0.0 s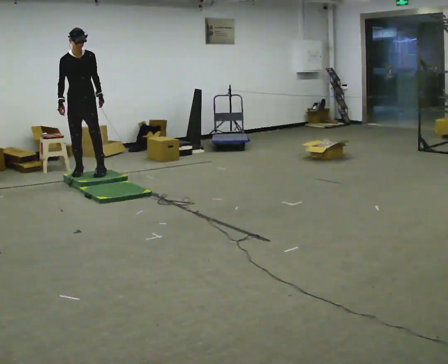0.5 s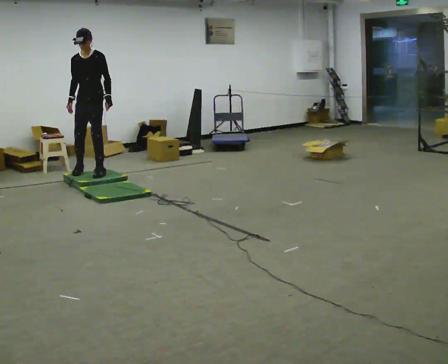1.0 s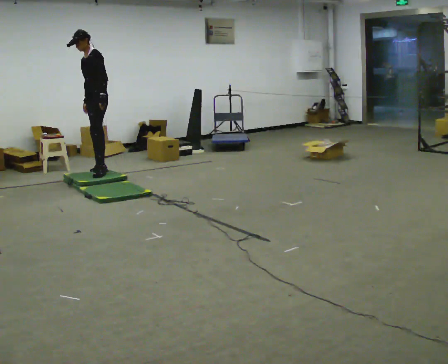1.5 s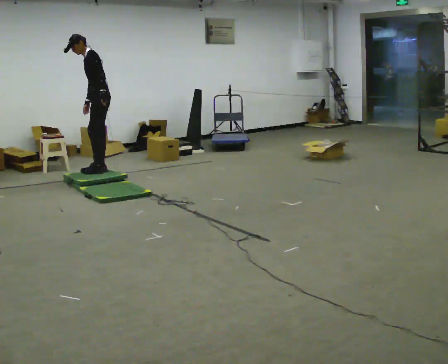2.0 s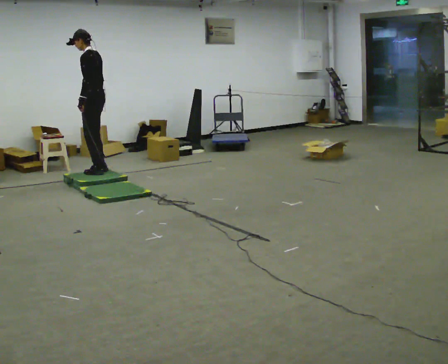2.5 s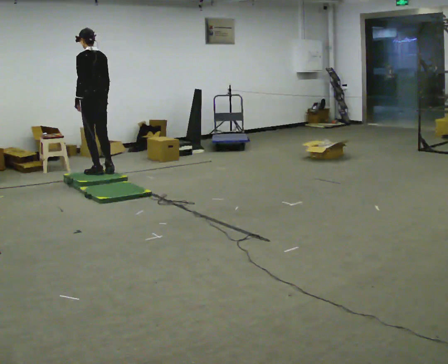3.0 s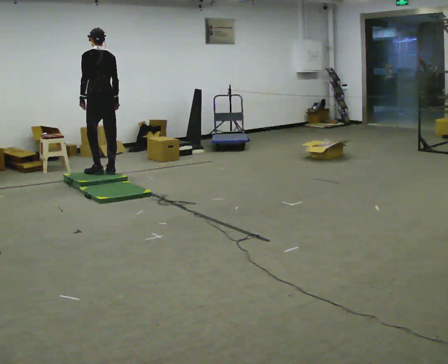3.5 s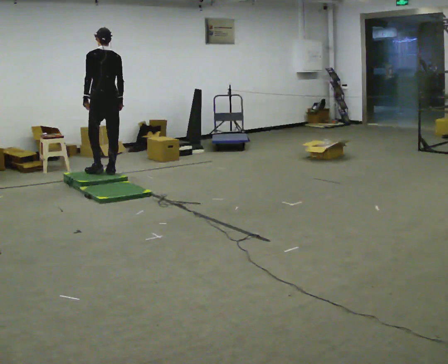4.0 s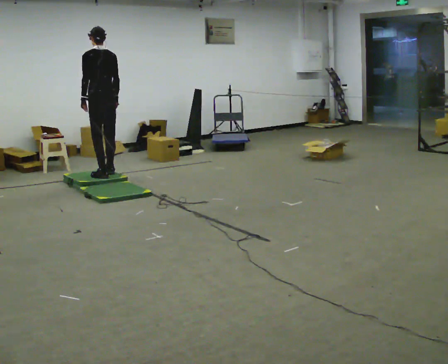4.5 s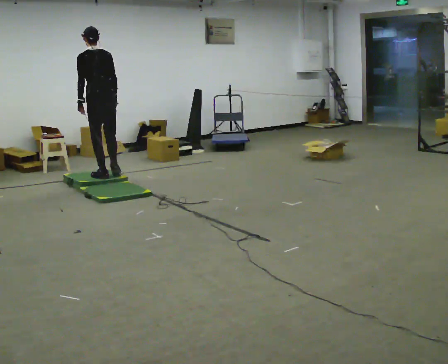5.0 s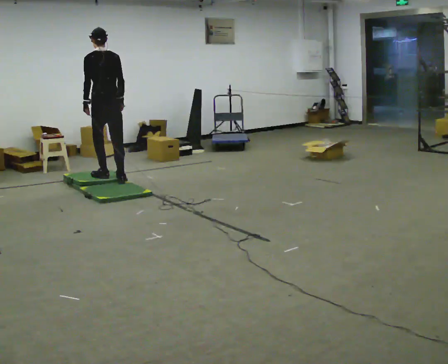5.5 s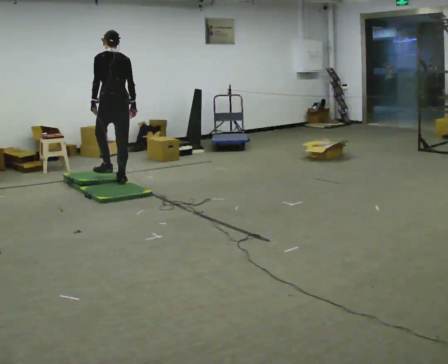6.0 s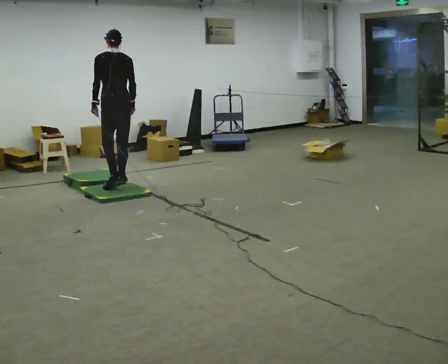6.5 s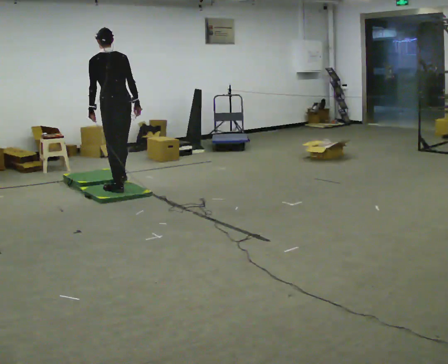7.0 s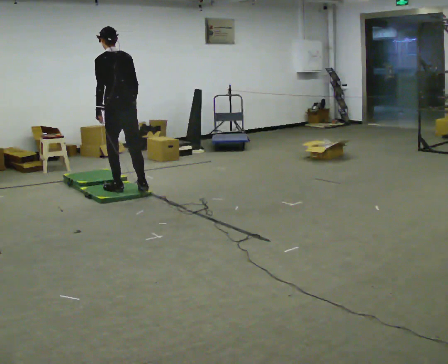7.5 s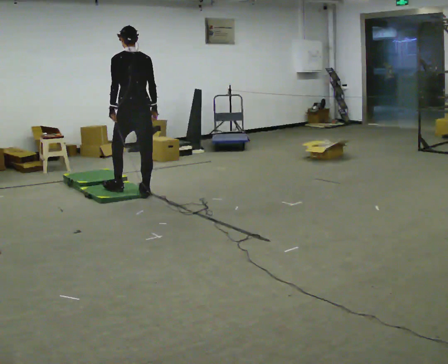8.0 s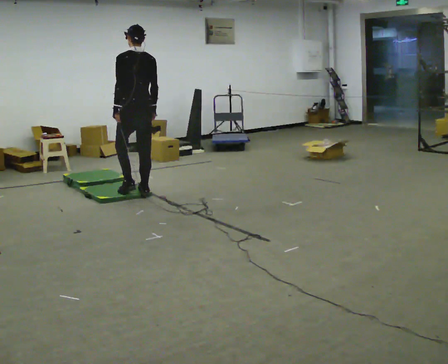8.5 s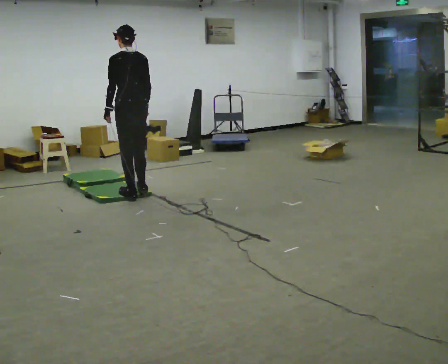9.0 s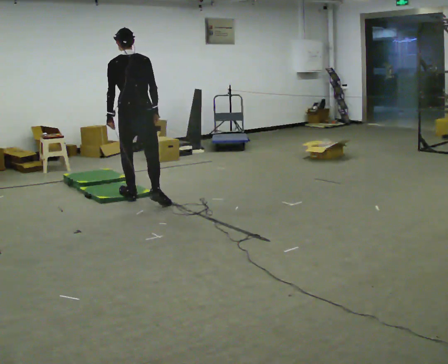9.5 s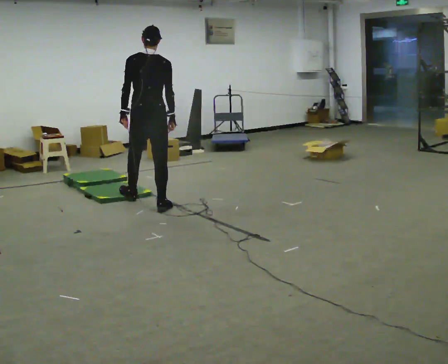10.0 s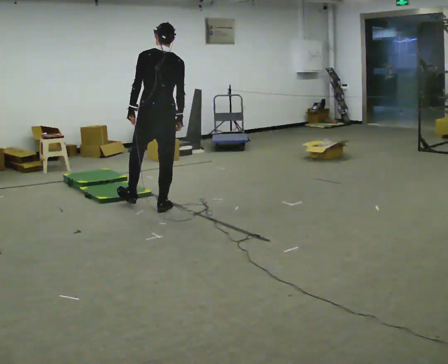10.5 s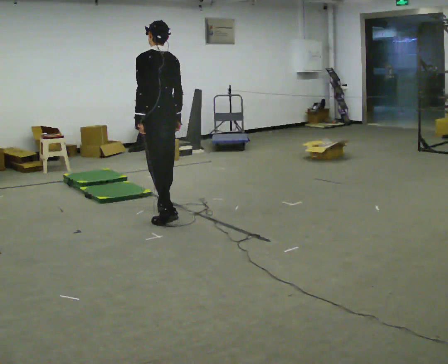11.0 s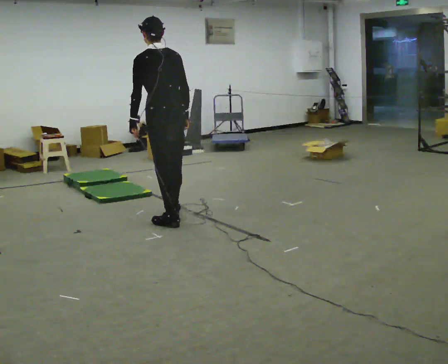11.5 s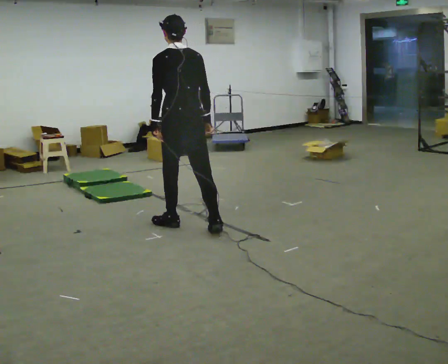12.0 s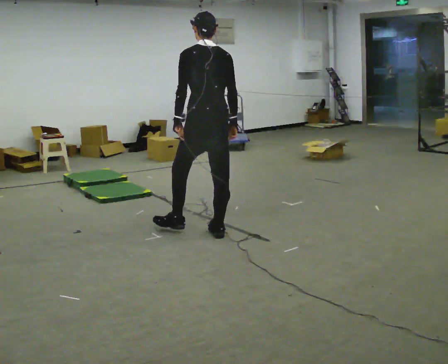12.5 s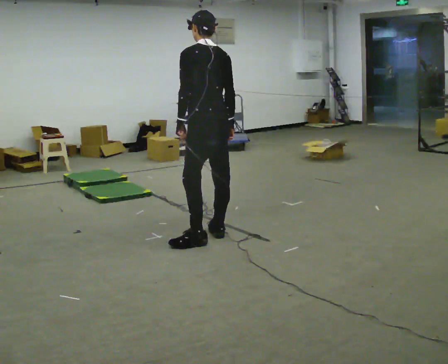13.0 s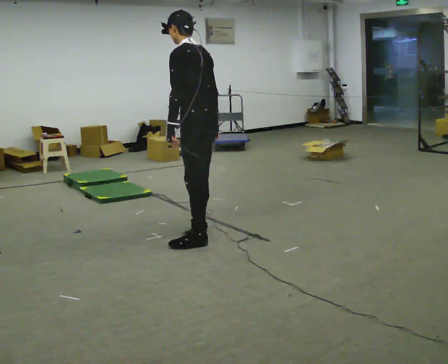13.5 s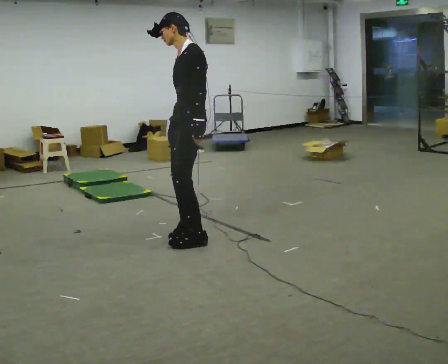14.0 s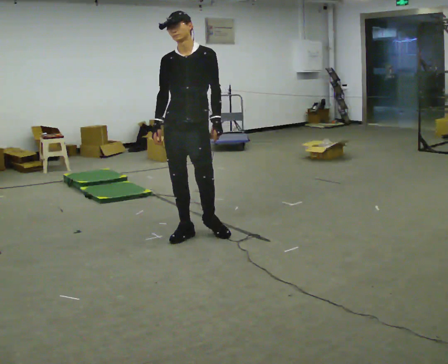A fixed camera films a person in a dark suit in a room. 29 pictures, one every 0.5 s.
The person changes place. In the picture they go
toward the camera.
0.0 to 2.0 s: The person turns about 135 degrees to their right, clockwise seen from above, so the part of the body nearest the lens slides to the left. In the picture they go to the right, about 0.25 m in 1 step.
2.0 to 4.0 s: The person turns about 45 degrees to their right, clockwise seen from above, so the part of the body nearest the lens slides to the left. In the picture they go toward the camera, about 0.25 m in 2 steps, which for them is backward.
4.0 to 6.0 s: In the picture they go toward the camera and to the right, about 0.5 m in 2 steps, which for them is backward.
6.0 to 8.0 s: In the picture they go toward the camera and to the right, about 0.5 m in 2 steps, which for them is backward.
8.0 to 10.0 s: In the picture they go toward the camera, about 0.5 m in 2 steps, which for them is backward.
10.0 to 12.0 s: In the picture they go toward the camera and to the right, about 1 m in 2 steps, which for them is backward.
12.0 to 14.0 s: The person turns about 135 degrees to their left, counterclockwise seen from above, so the part of the body nearest the lens slides to the right. In the picture they go to the left, about 0.25 m in 2 steps. In the picture their right hand goes to the left, the arm swinging clockwise.
The film runs backward here.
